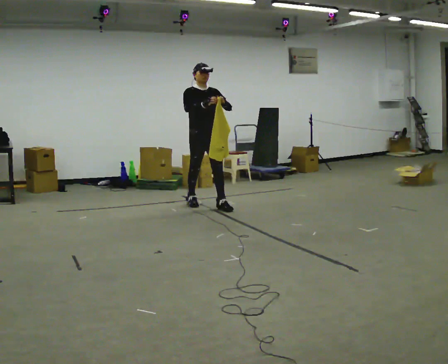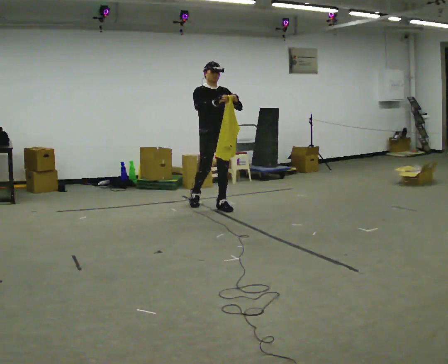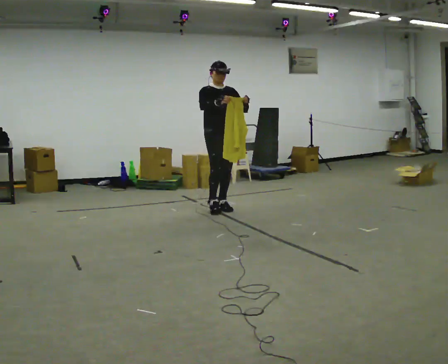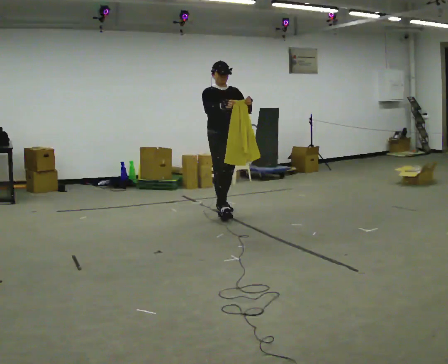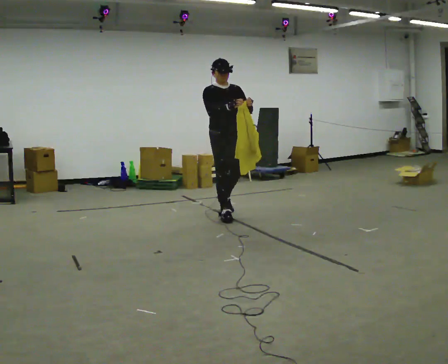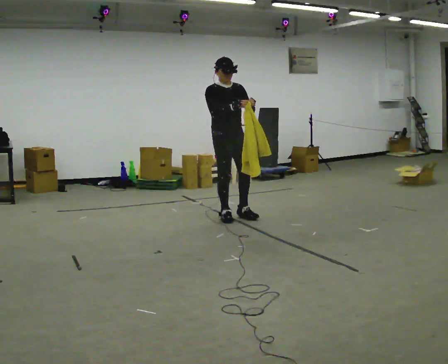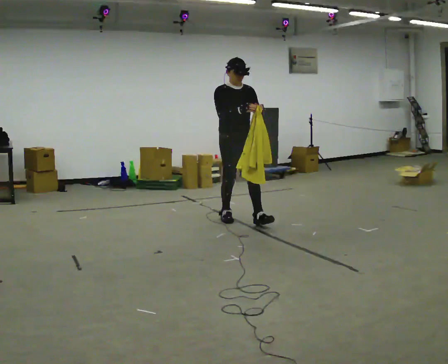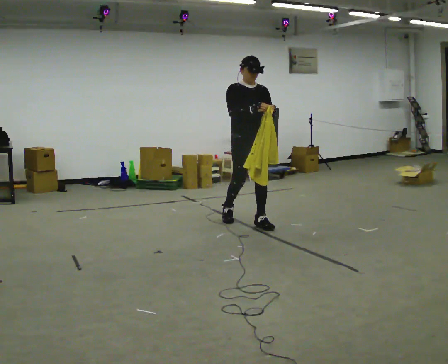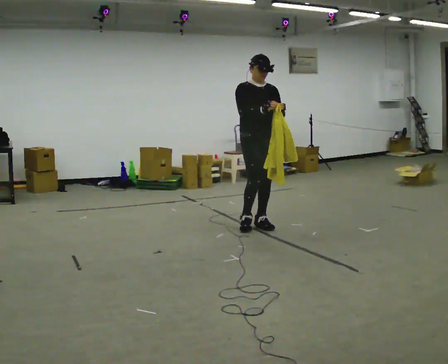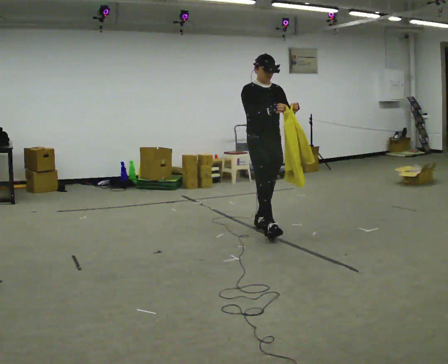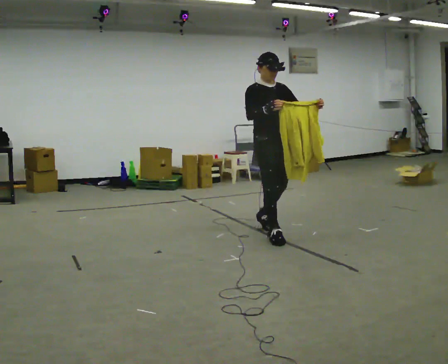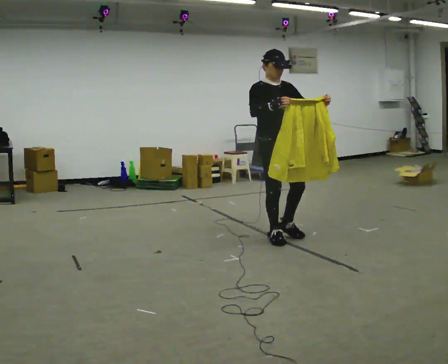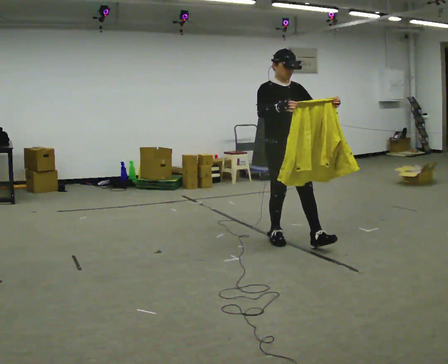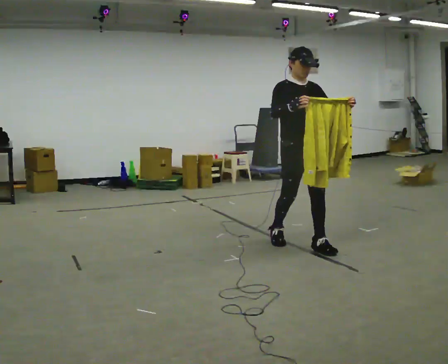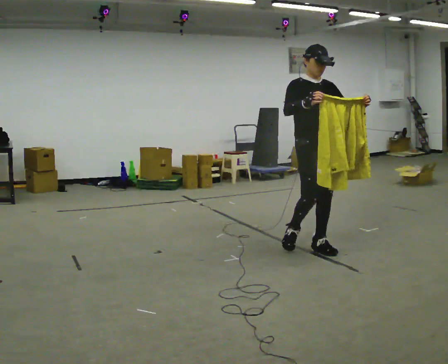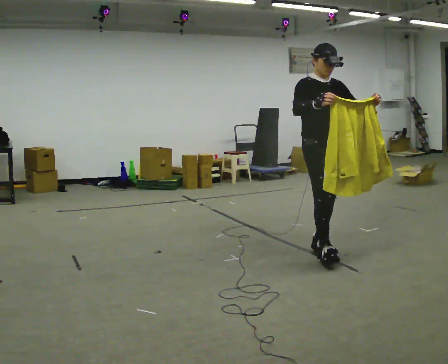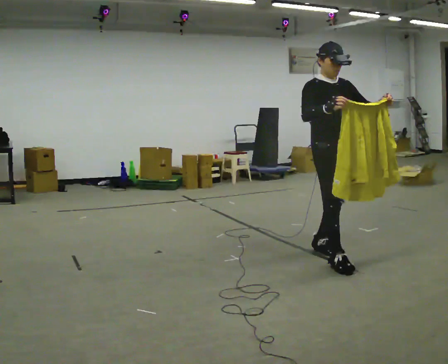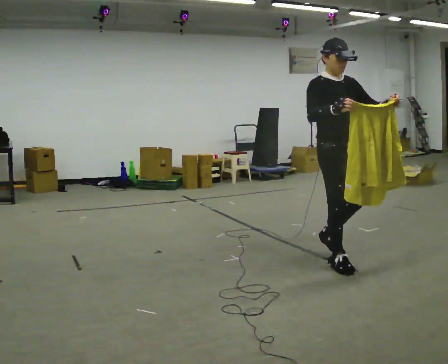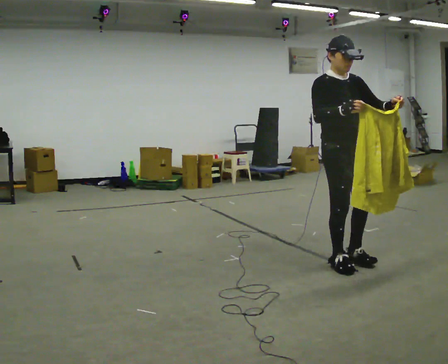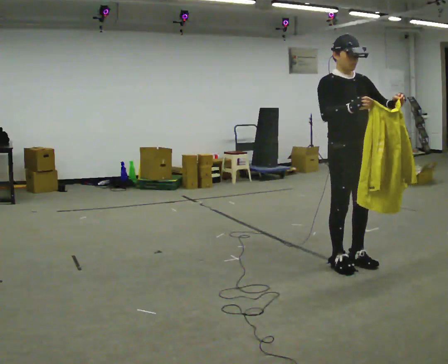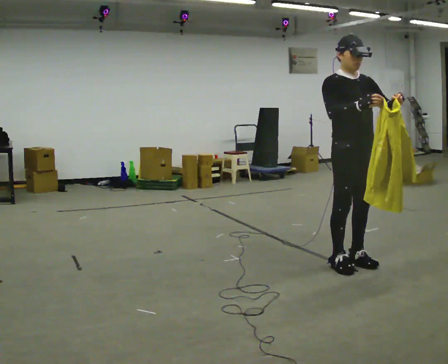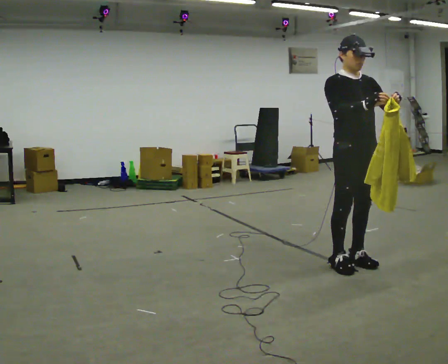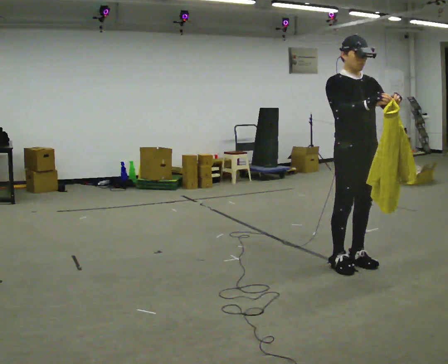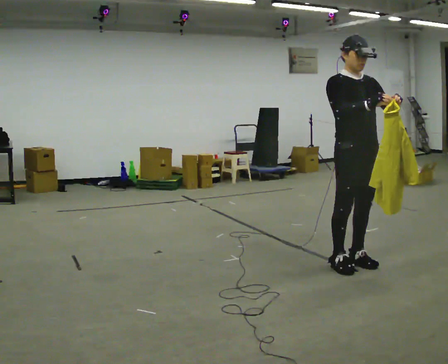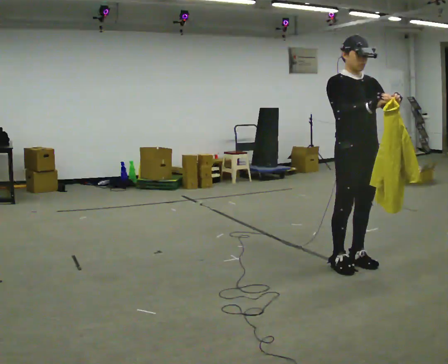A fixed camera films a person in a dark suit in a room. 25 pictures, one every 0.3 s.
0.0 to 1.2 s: In the picture they go toward the camera and to the right, about 0.5 m in 1 step, which for them is forward.
1.2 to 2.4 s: In the picture they go toward the camera and to the right, about 0.5 m in 1 step, which for them is forward.
2.4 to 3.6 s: In the picture they go toward the camera and to the right, about 0.75 m in 1 step, which for them is forward.
3.6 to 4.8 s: In the picture they go toward the camera and to the right, about 0.5 m in 2 steps, which for them is forward.
4.8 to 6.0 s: In the picture they go toward the camera, about 0.25 m in 1 step, which for them is forward.
6.0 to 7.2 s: The person moves a little, or ends about where they began.
The film runs forward here.
